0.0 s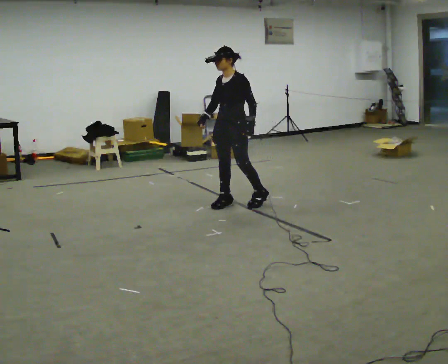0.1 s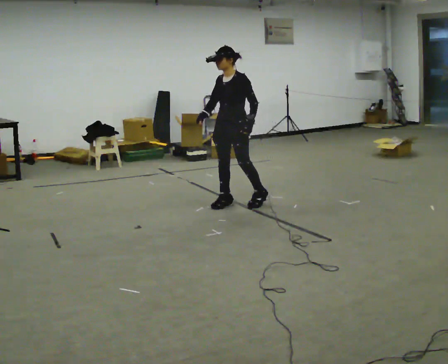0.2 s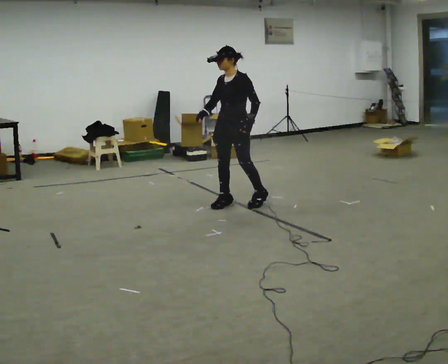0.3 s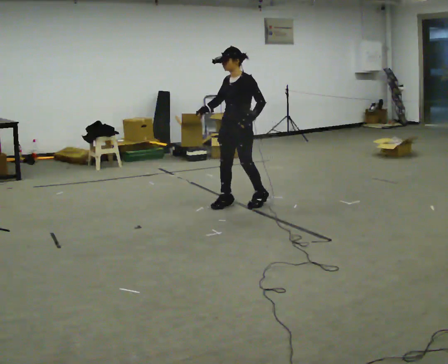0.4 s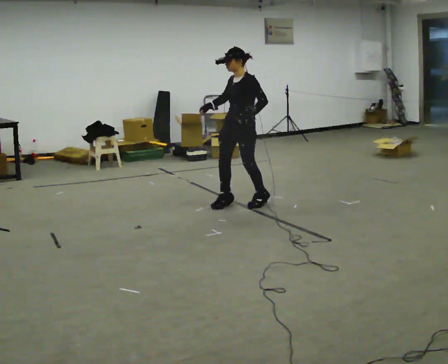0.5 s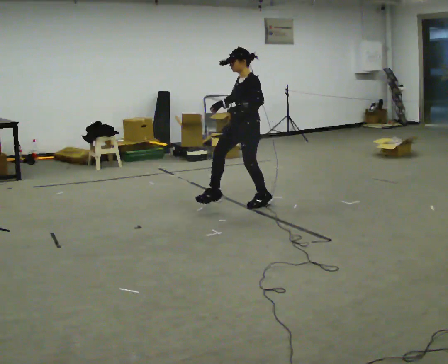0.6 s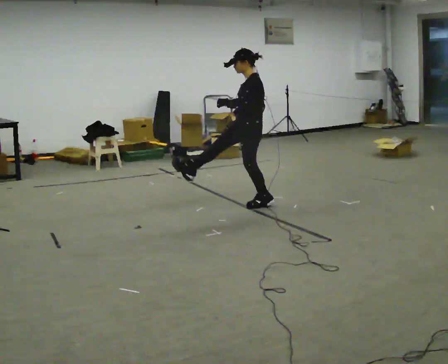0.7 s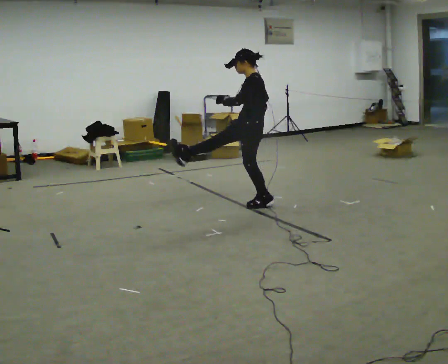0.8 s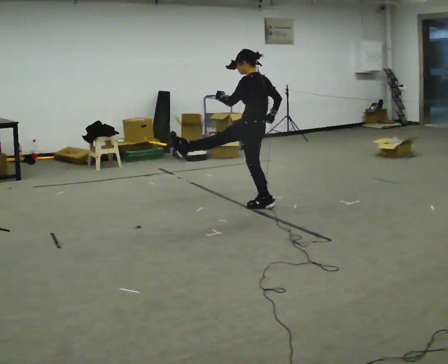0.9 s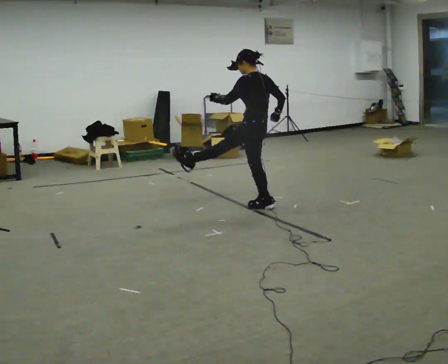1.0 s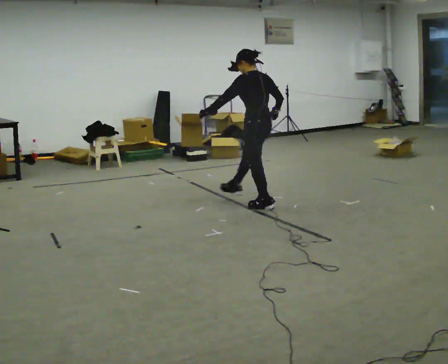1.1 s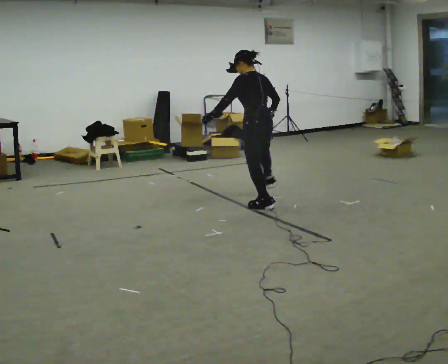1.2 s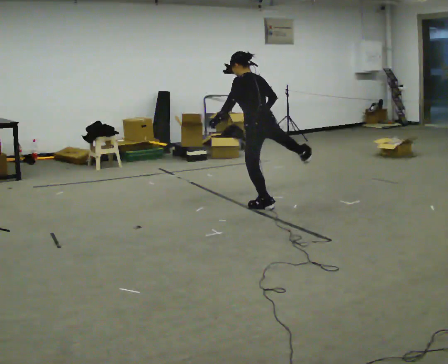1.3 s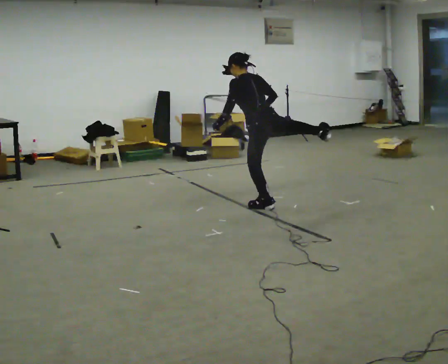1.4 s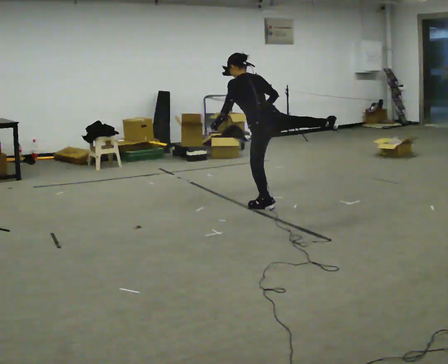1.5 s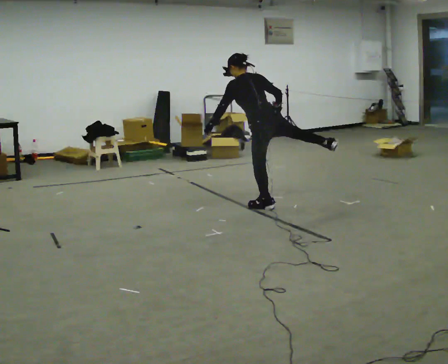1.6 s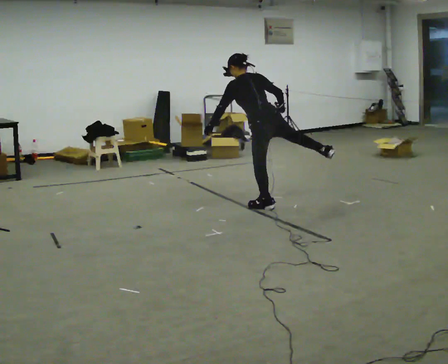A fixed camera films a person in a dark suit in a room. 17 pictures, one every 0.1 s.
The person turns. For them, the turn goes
to their right.
The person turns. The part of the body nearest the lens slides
to the left.
0.0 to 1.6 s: Seen from above the body turns clockwise, about 105 degrees: to their right, with its near side sliding to the left. In the picture they go to the right, about 0.25 m in 1 step.
The film runs backward here.
